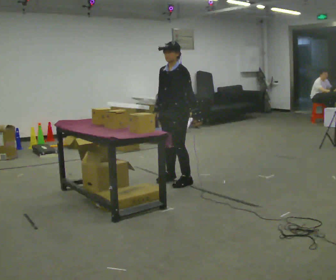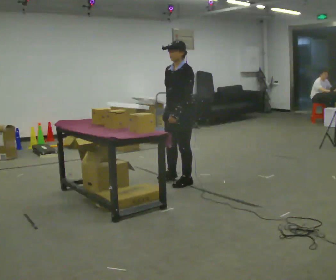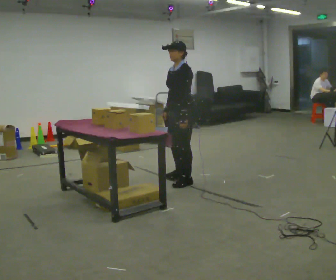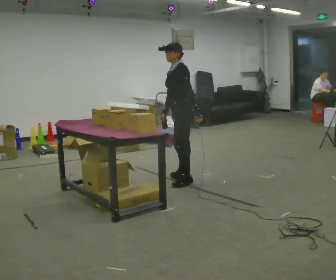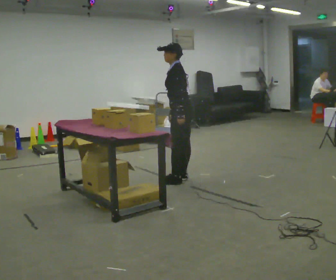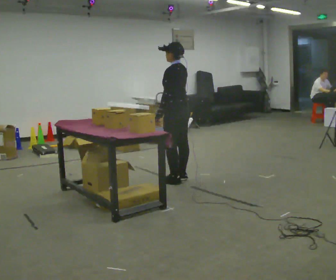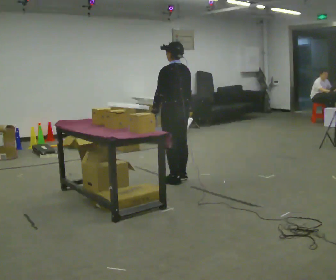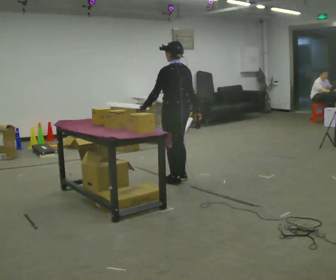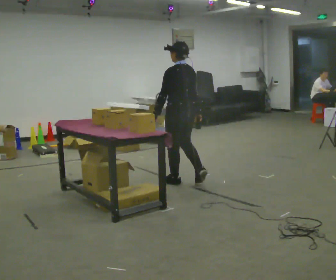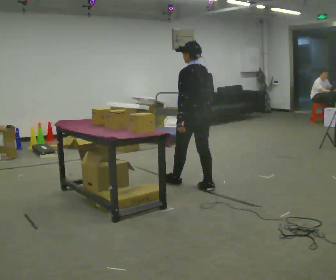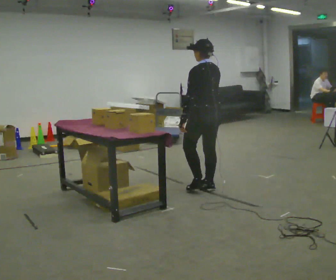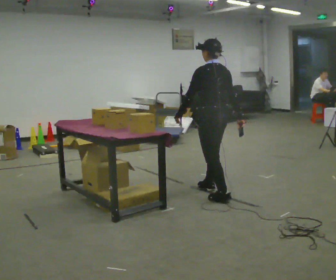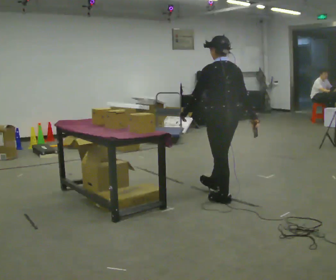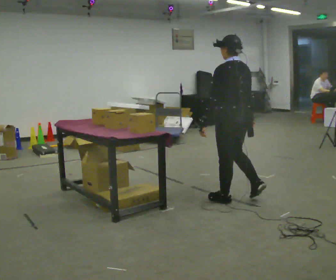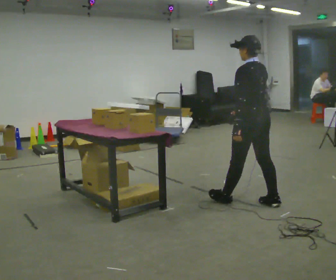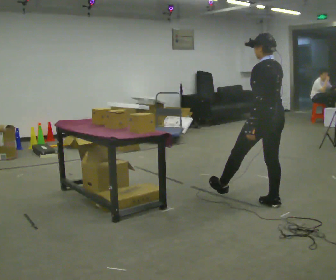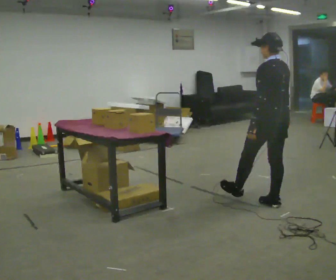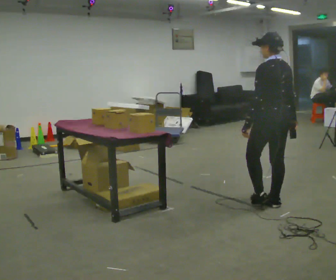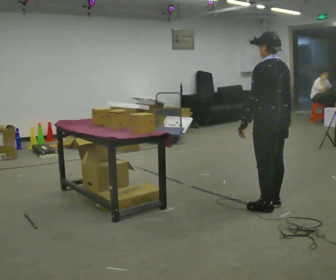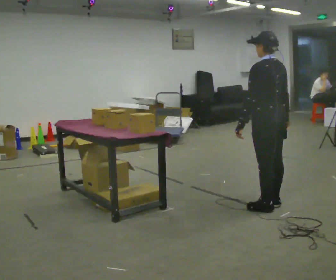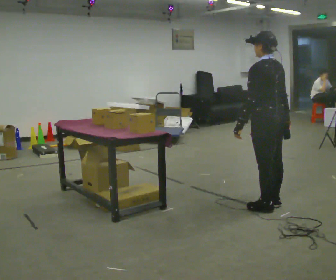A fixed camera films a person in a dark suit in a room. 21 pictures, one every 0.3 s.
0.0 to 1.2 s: The person turns about 45 degrees to their right, clockwise seen from above, so the part of the body nearest the lens slides to the left.
1.2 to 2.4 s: The person turns about 45 degrees to their right, clockwise seen from above, so the part of the body nearest the lens slides to the left. In the picture their left hand goes to the left, the arm swinging clockwise.
2.4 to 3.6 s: In the picture they go toward the camera and to the right, about 0.75 m in 2 steps, which for them is backward.
3.6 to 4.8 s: In the picture they go to the right and toward the camera, about 0.5 m in 1 step, which for them is backward and to their right.
4.8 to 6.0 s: The person moves a little, or ends about where they began.
The film runs backward here.
